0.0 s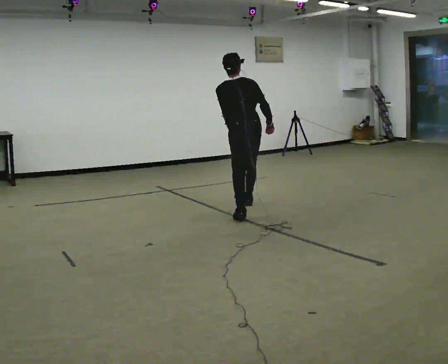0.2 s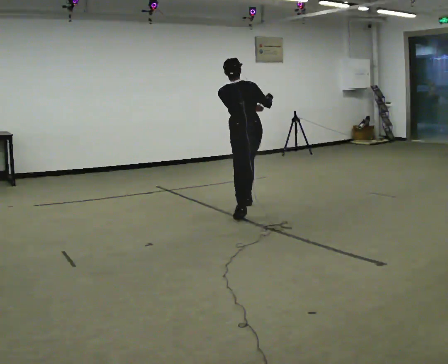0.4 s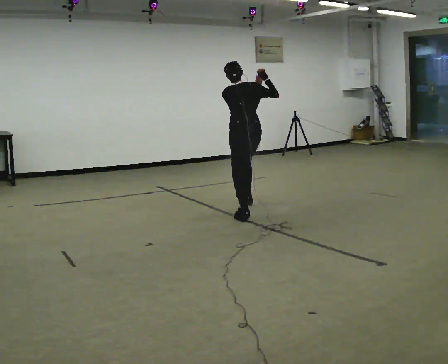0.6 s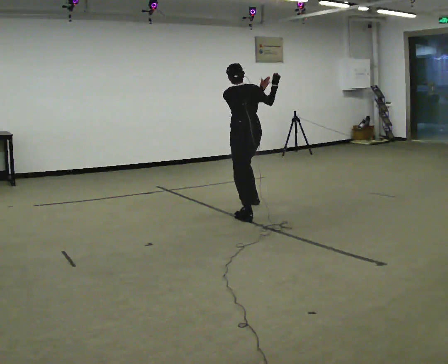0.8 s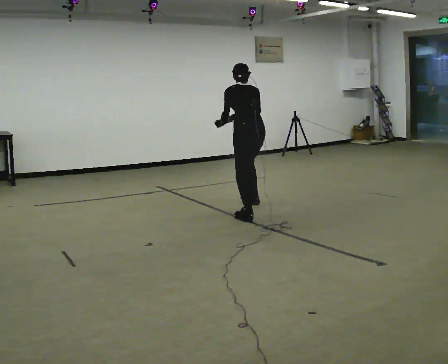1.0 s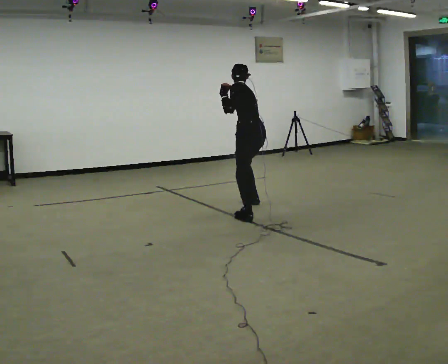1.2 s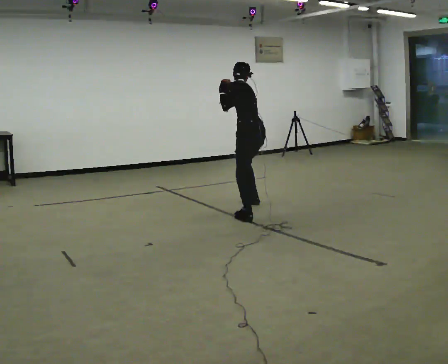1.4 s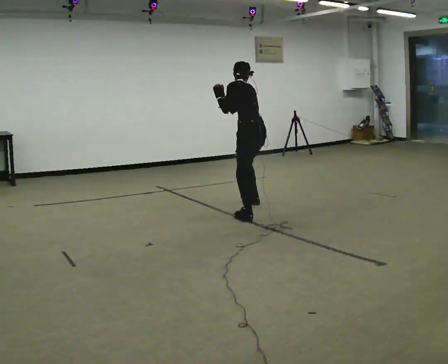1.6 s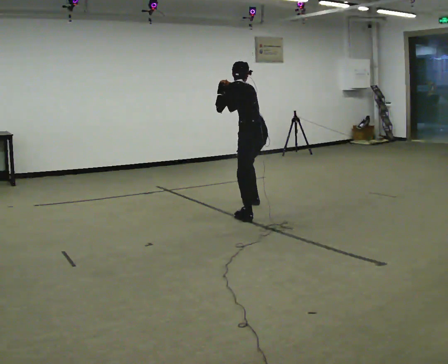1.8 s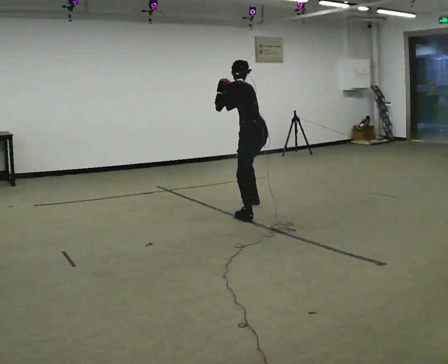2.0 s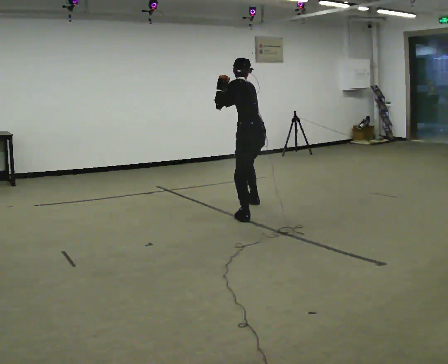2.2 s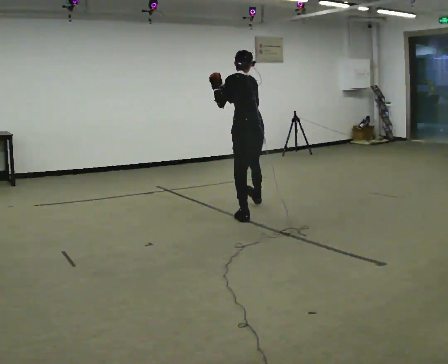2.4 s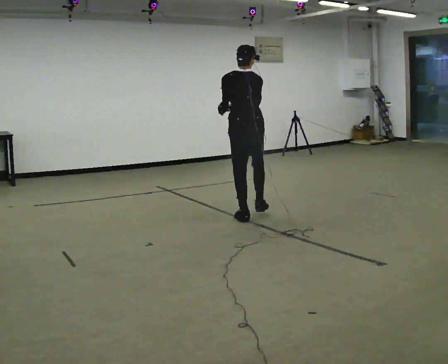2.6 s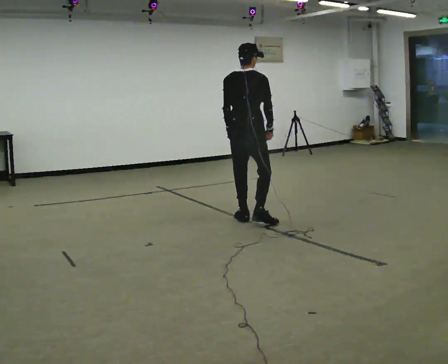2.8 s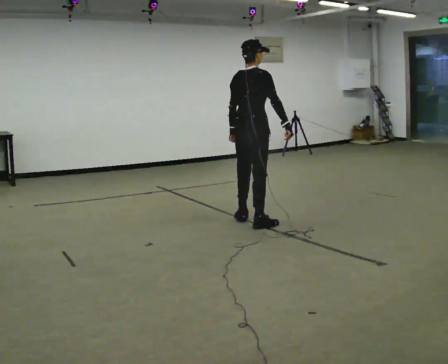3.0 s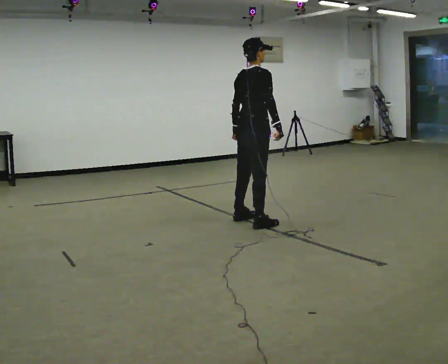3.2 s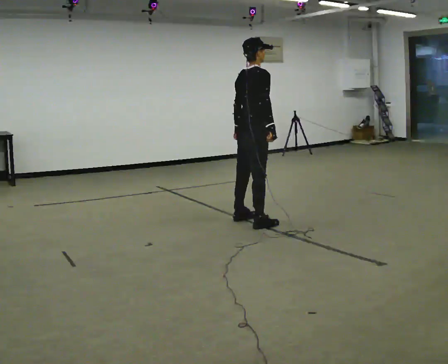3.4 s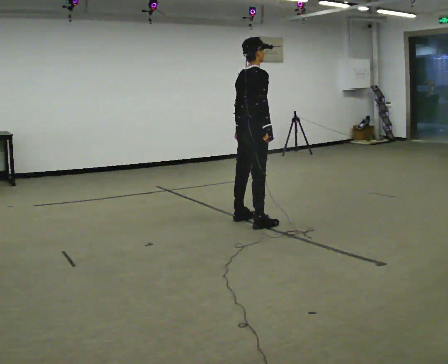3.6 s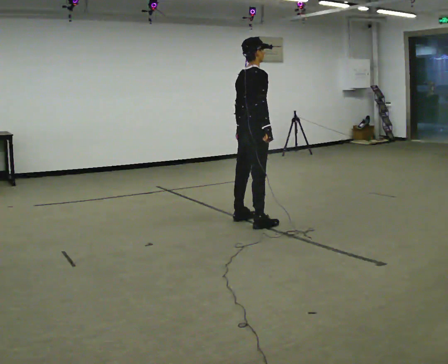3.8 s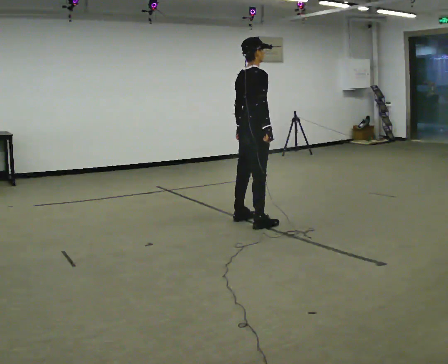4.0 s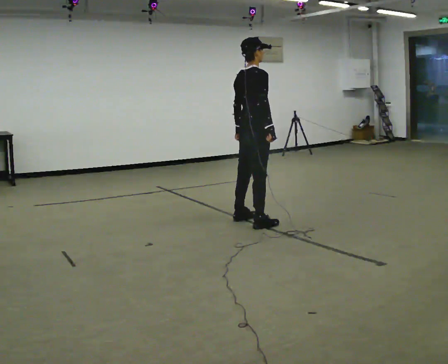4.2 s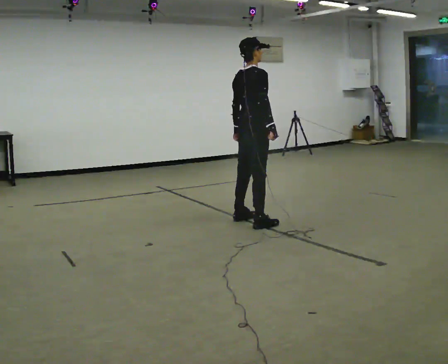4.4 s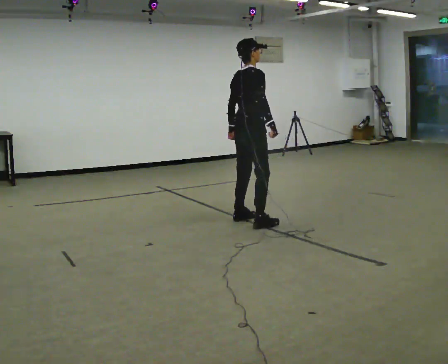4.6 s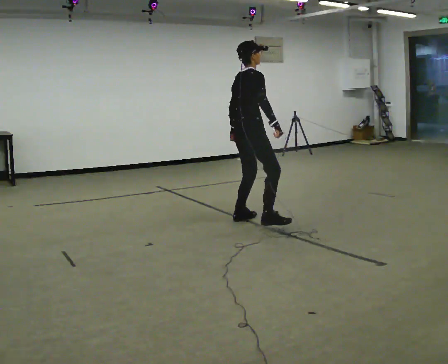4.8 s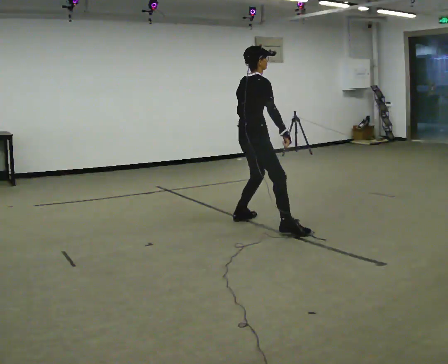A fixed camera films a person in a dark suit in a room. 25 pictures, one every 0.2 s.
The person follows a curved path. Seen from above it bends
clockwise.
0.0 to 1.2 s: The person turns about 45 degrees to their left, counterclockwise seen from above, so the part of the body nearest the lens slides to the right. In the picture they go away from the camera, about 0.25 m, which for them is forward and to their right. In the picture their right hand goes to the left and upward.
1.2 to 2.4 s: The person turns about 30 degrees to their right, clockwise seen from above, so the part of the body nearest the lens slides to the left. In the picture they go toward the camera, about 0.5 m in 1 step, which for them is to their left and backward.
2.4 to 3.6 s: The part of the body nearest the lens slides to the left as the person turns to their right by about 75 degrees. In the picture they go toward the camera, about 0.25 m. In the picture their right hand goes to the right.
3.6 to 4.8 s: The person moves a little, or ends about where they began.
The film runs backward here.
